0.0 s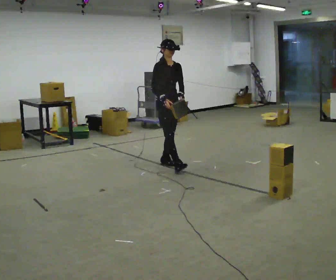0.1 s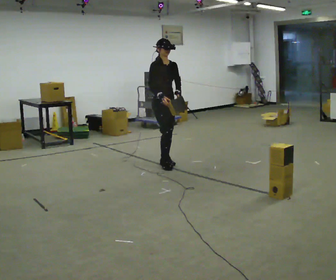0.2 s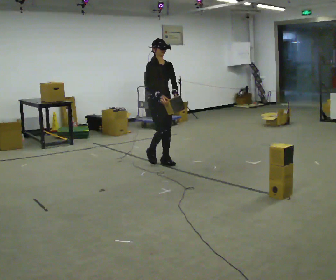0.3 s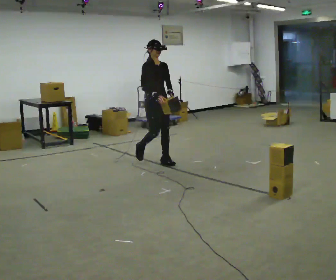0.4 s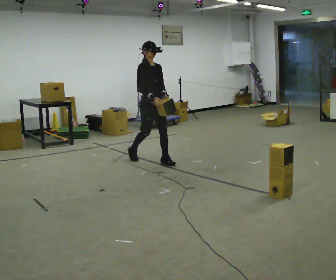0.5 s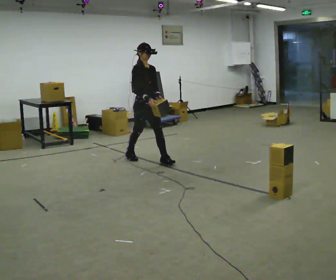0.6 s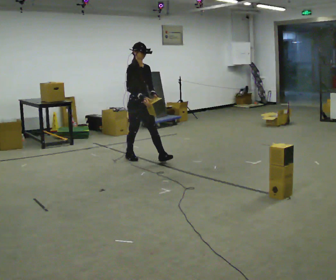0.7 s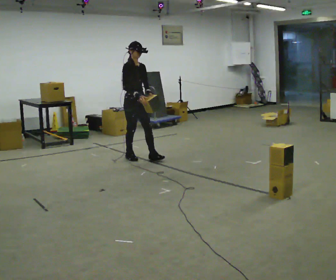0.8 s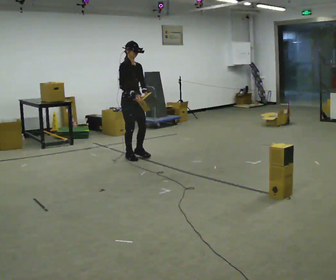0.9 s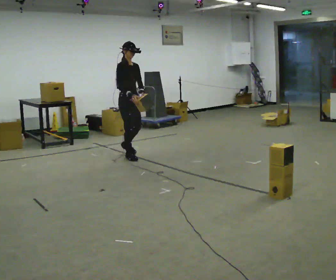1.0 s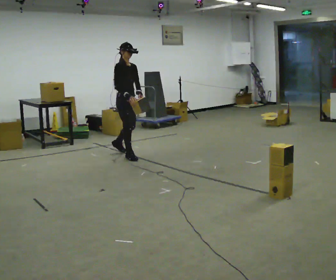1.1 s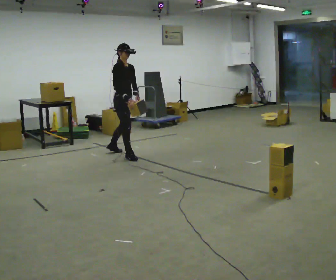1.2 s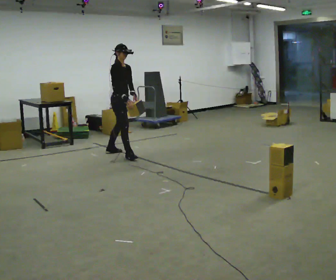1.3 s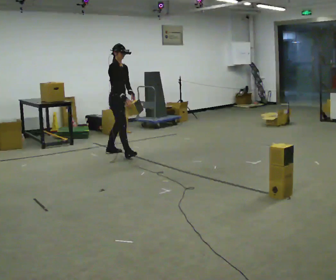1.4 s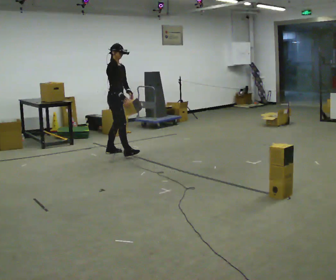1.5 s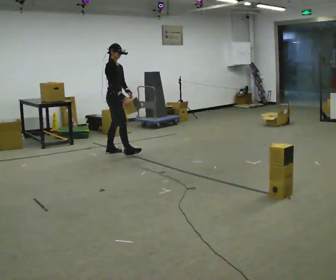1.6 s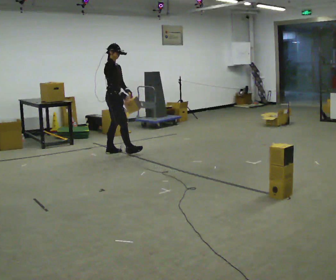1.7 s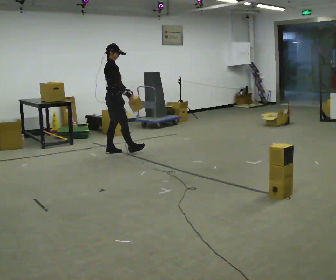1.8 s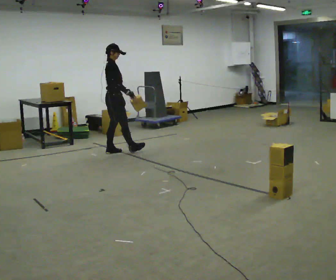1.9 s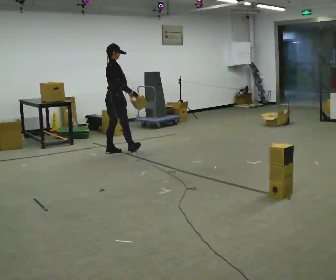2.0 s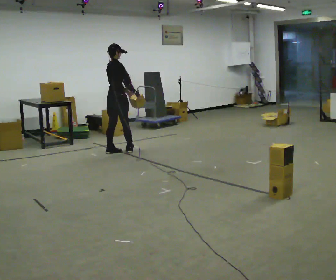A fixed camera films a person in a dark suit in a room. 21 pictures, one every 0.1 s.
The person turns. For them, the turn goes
to their left.
The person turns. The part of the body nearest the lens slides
to the right.
0.0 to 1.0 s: In the picture they go away from the camera and to the left, about 1 m in 1 step, which for them is backward.
1.0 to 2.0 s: The person turns about 60 degrees to their left, counterclockwise seen from above, so the part of the body nearest the lens slides to the right. In the picture they go away from the camera, about 0.25 m in 1 step.
The film runs backward here.
